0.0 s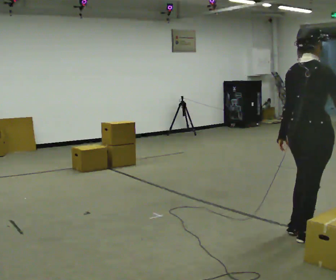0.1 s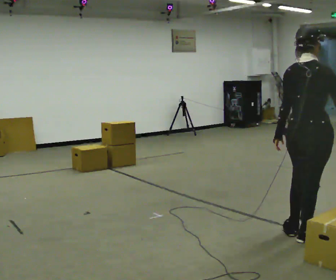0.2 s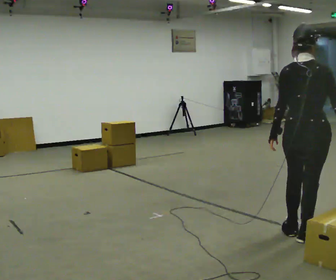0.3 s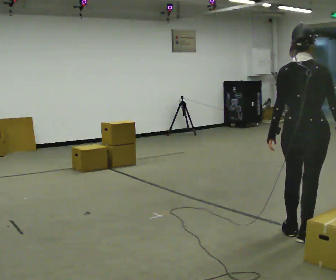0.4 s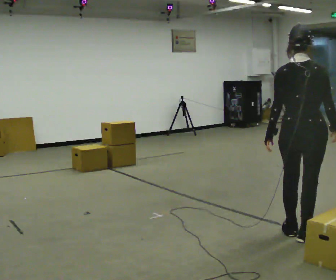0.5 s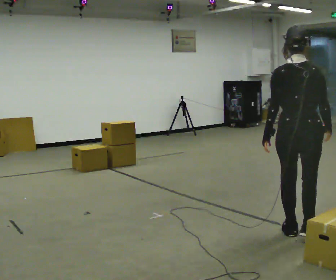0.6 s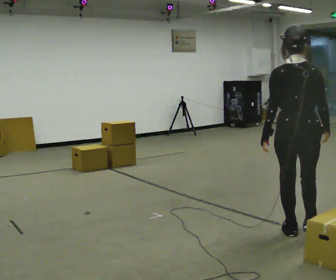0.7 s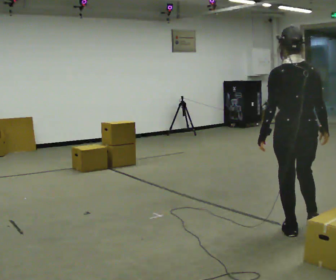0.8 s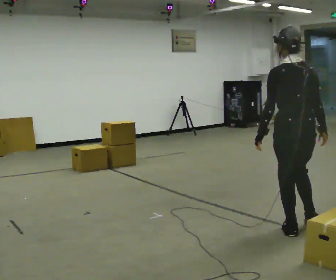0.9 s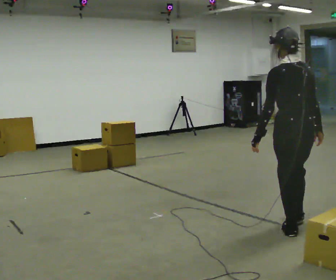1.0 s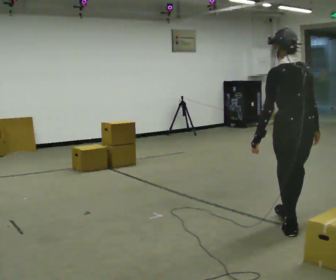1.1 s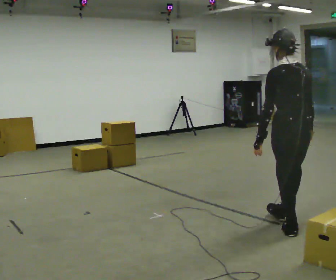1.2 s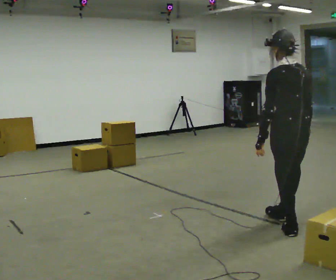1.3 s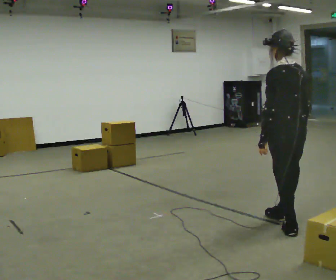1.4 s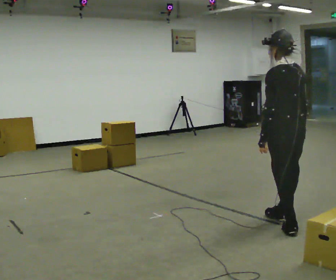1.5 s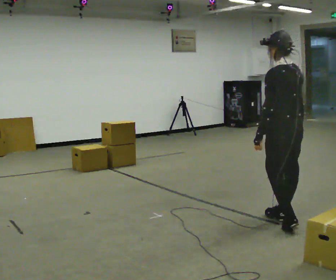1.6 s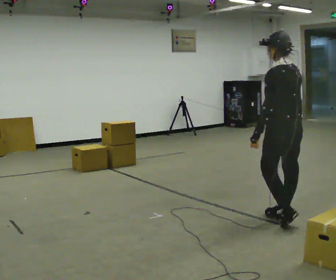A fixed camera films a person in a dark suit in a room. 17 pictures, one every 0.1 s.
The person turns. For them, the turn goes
to their left.
The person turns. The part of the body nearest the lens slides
to the right.
0.0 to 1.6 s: The person turns about 90 degrees to their left, counterclockwise seen from above, so the part of the body nearest the lens slides to the right. In the picture they go away from the camera, about 0.5 m in 1 step.
The film runs forward here.
